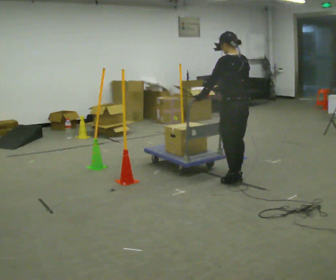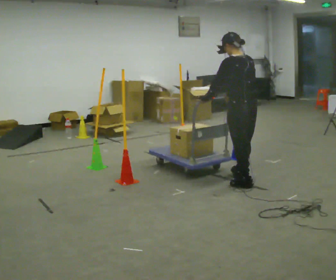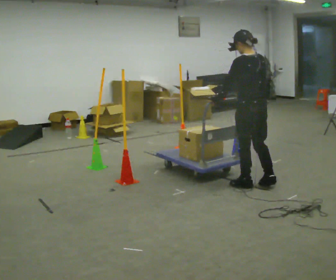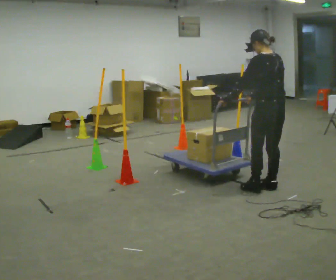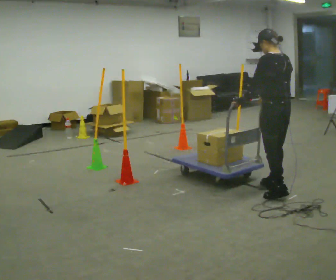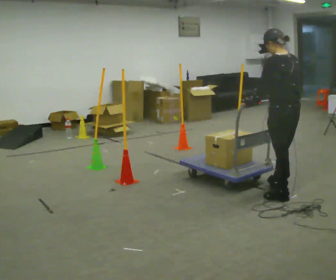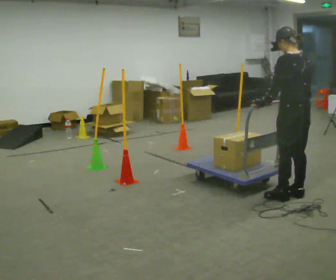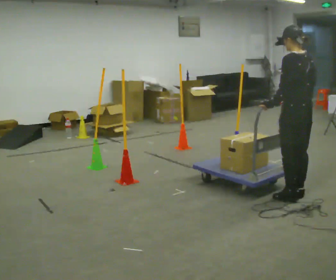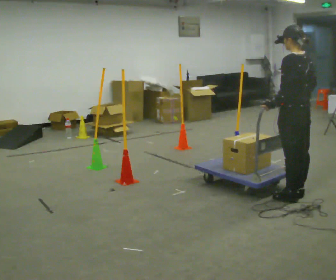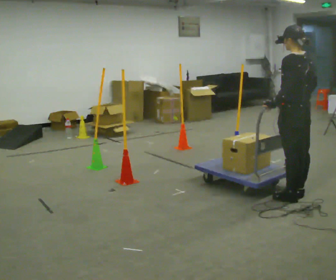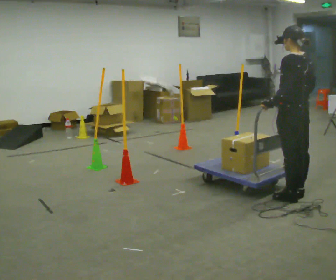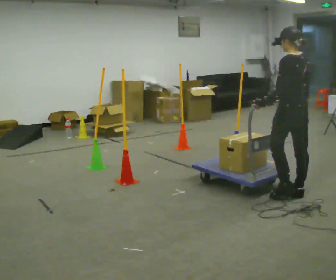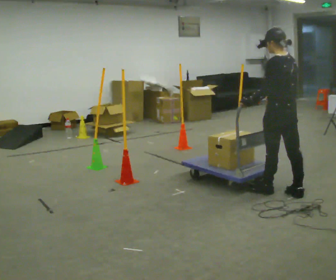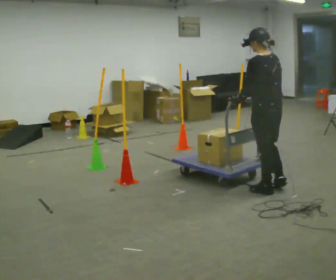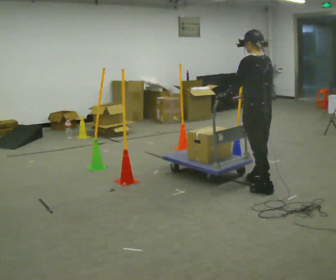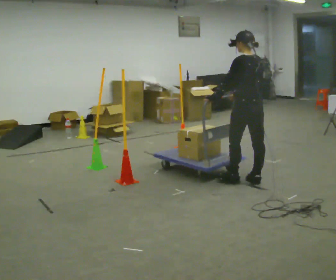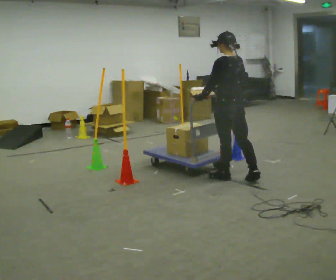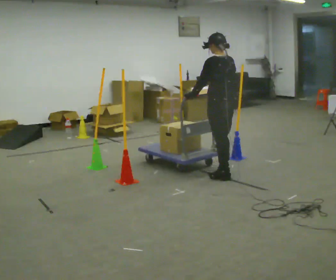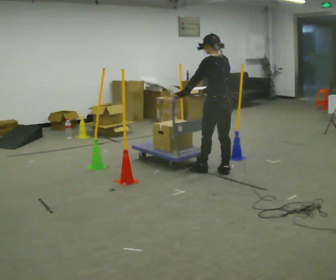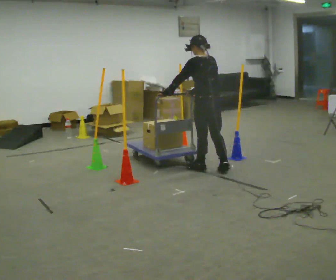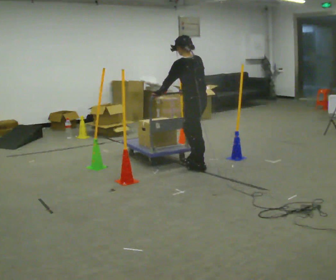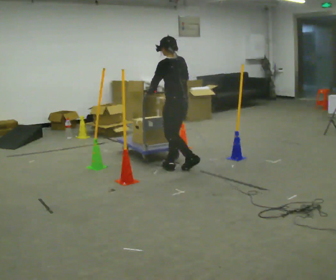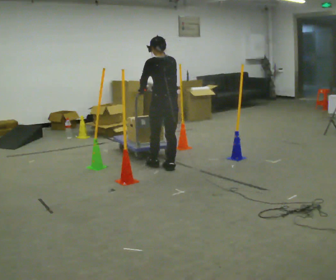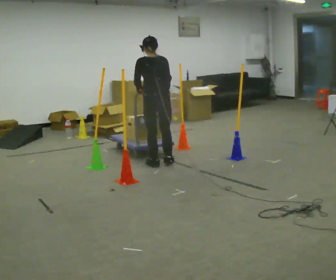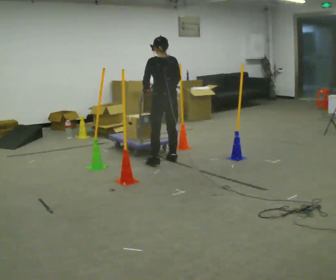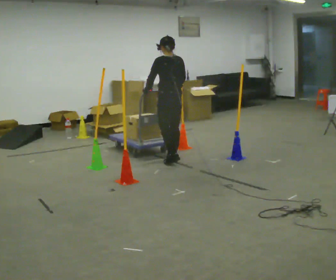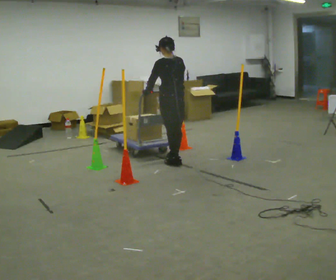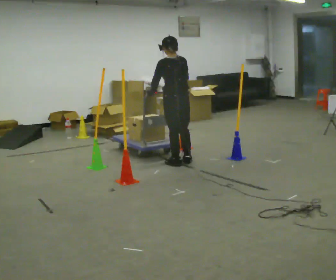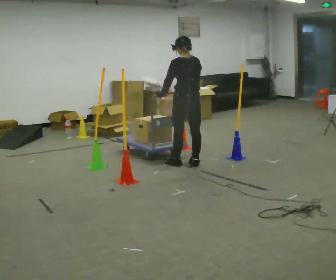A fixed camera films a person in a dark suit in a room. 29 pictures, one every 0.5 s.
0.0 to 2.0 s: In the picture they go toward the camera and to the right, about 0.5 m in 3 steps, which for them is backward.
2.0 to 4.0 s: In the picture they go toward the camera and to the right, about 0.25 m in 1 step, which for them is backward.
4.0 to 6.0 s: The person moves a little, or ends about where they began.
6.0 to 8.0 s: In the picture they go to the left and away from the camera, about 0.75 m in 2 steps, which for them is forward.
8.0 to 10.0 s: In the picture they go to the left and away from the camera, about 0.5 m in 2 steps, which for them is forward.
10.0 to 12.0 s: In the picture they go to the left and away from the camera, about 0.5 m in 3 steps, which for them is forward.
12.0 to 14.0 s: In the picture they go to the right, about 0.25 m in 2 steps, which for them is backward and to their right.
The film runs forward here.
